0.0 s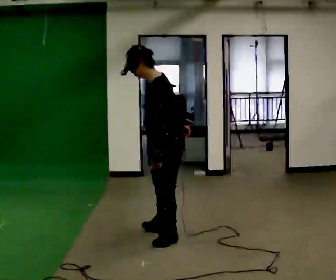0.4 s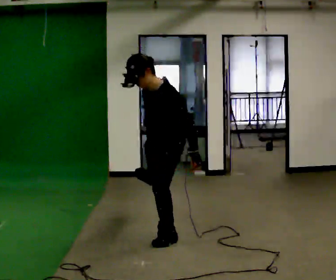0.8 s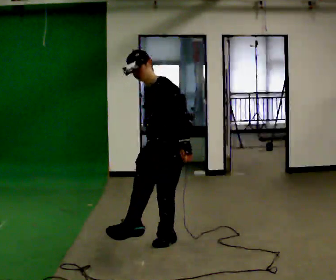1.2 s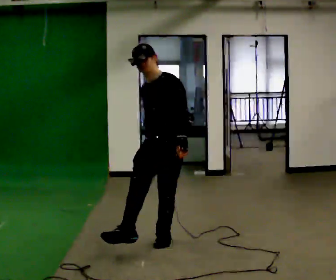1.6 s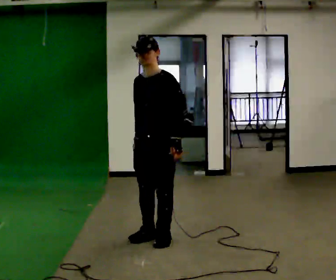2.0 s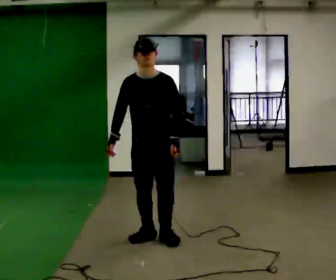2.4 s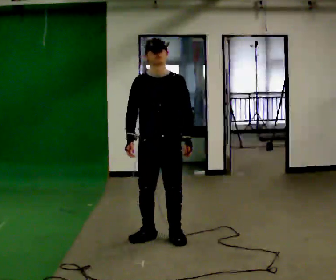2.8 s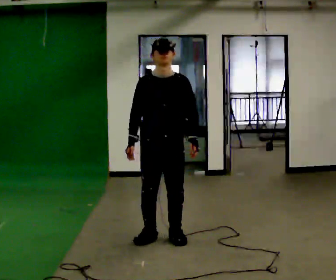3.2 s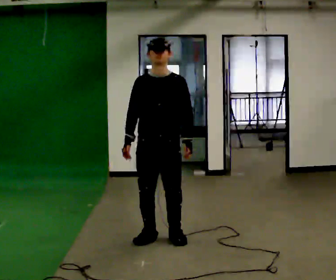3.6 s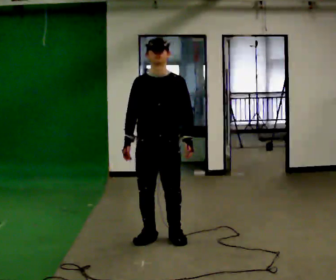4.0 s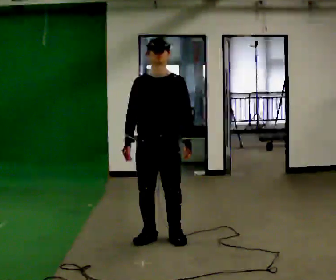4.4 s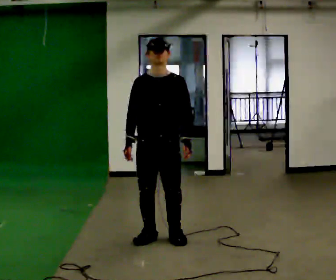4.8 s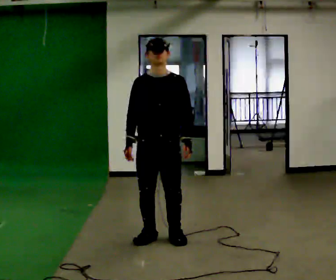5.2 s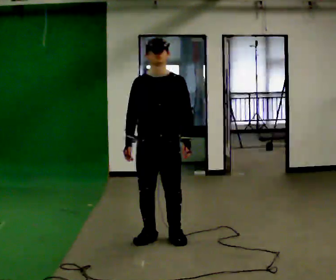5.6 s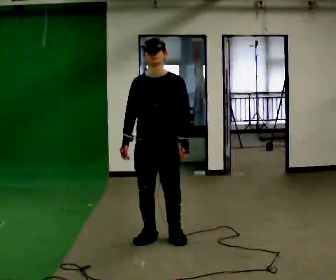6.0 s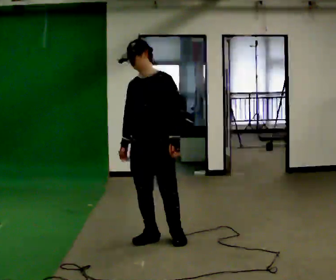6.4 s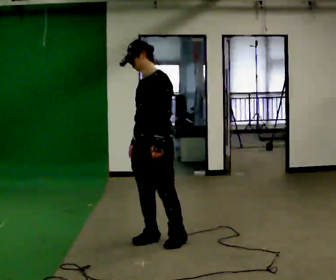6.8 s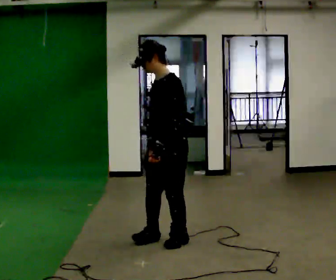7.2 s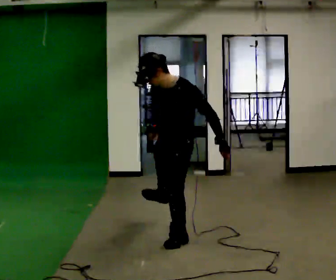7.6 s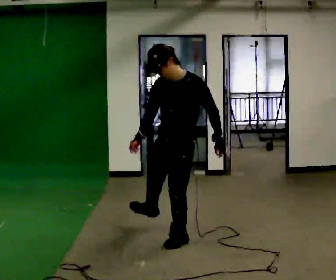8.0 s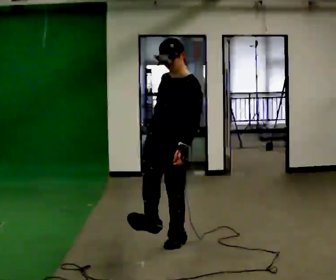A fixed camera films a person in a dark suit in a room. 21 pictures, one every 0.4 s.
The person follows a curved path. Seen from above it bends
counterclockwise.
0.0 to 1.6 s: Seen from above the body turns counterclockwise, about 45 degrees: to their left, with its near side sliding to the right. In the picture their right hand goes to the left.
1.6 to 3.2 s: The part of the body nearest the lens slides to the right as the person turns to their left by about 30 degrees.
3.2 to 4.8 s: The person moves a little, or ends about where they began.
4.8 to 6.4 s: The part of the body nearest the lens slides to the left as the person turns to their right by about 45 degrees.
6.4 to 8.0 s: Seen from above the body turns counterclockwise, about 30 degrees: to their left, with its near side sliding to the right.
The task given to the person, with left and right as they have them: Mime kicking a football with no ball: plant one foot and swing the other through. Repeat the movement at your own pace until the operator says stop; do not rush.
The film runs forward here.
